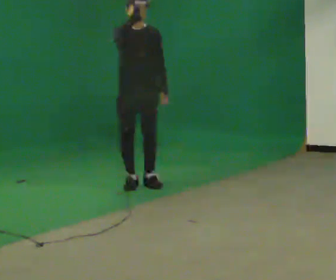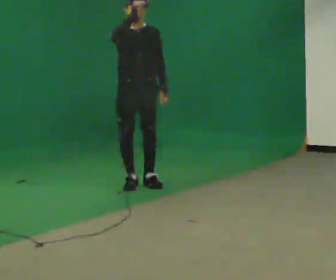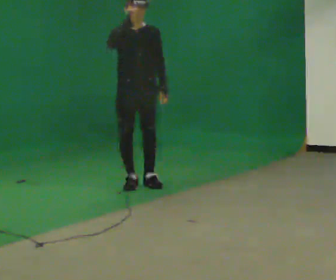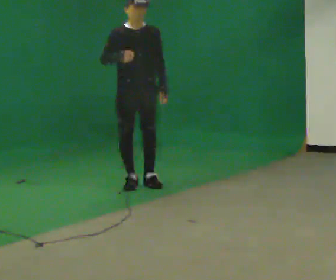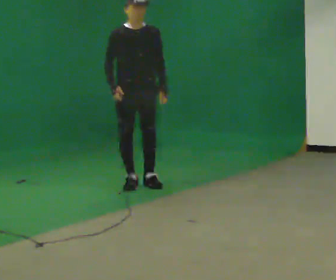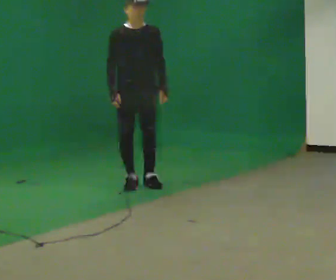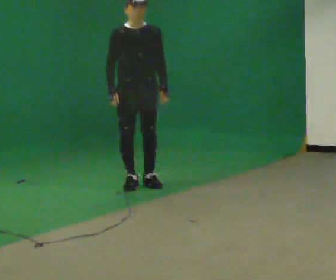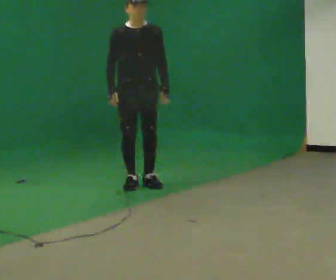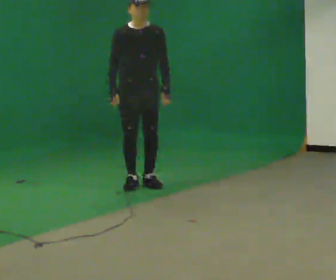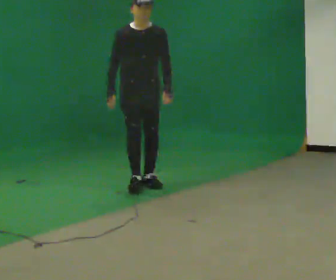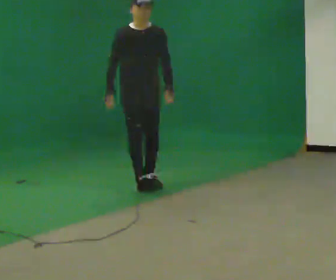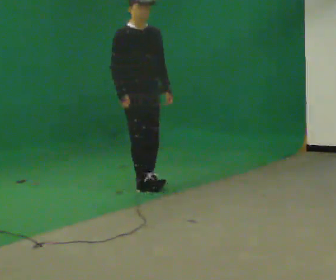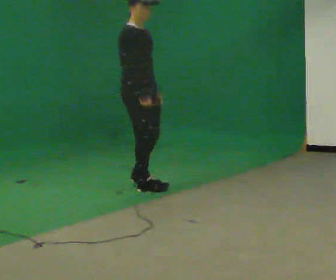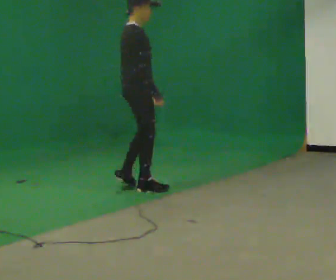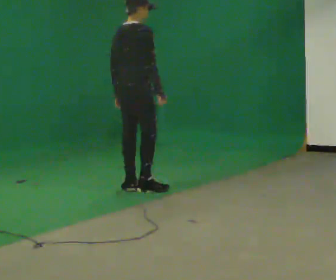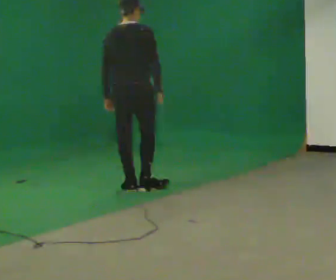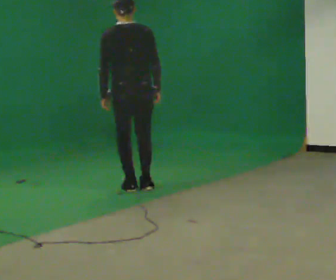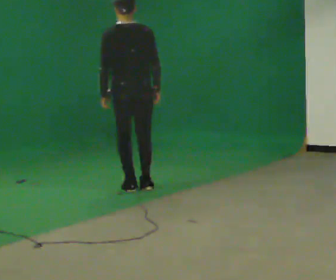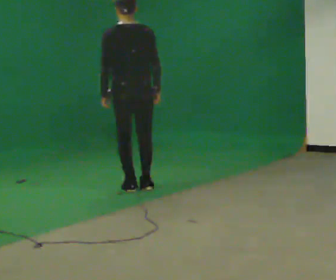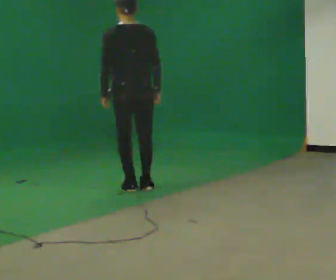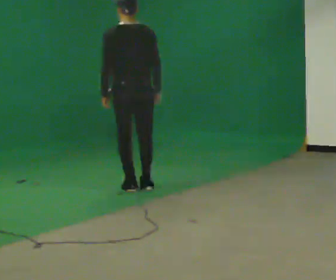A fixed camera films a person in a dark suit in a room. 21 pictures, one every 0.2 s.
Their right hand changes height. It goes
downward.
The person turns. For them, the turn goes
to their left.
0.0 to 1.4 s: In the picture their right hand goes downward.
1.4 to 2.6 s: The part of the body nearest the lens slides to the right as the person turns to their left by about 90 degrees. In the picture they go toward the camera, about 0.25 m in 2 steps. In the picture their right hand goes to the right.
2.6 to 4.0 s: The person turns about 90 degrees to their left, counterclockwise seen from above, so the part of the body nearest the lens slides to the right.
The film runs backward here.
